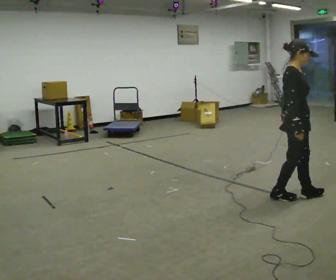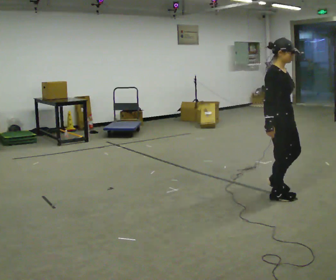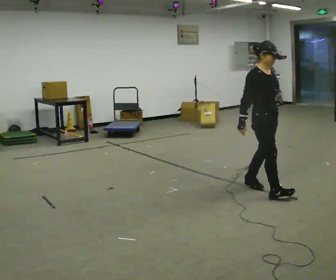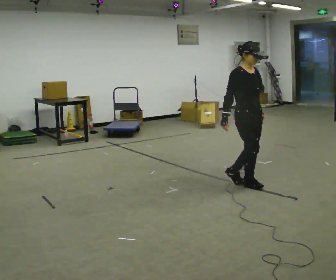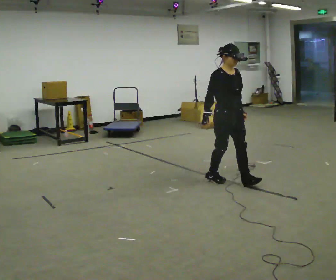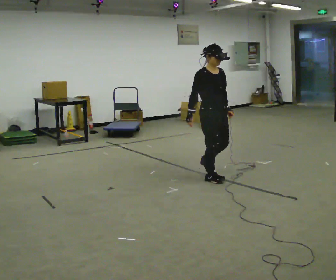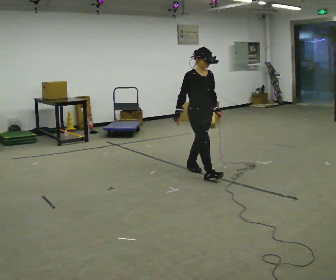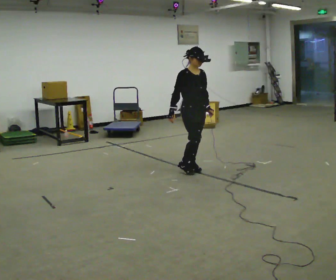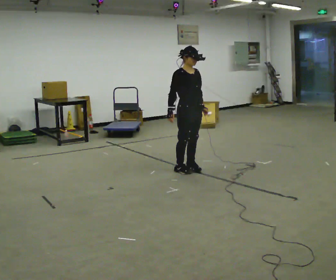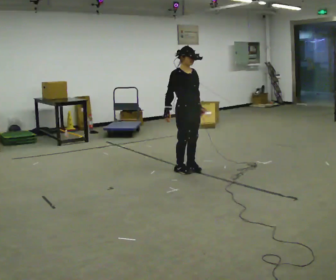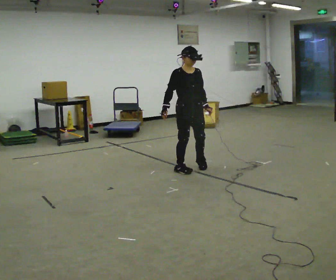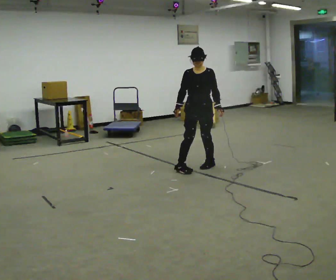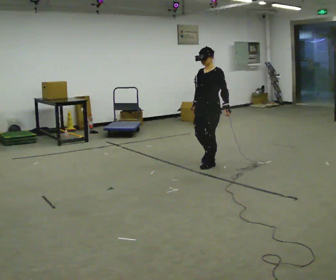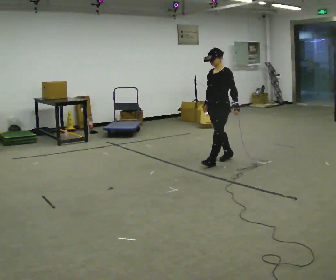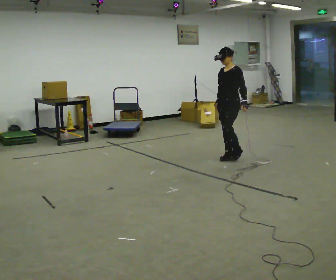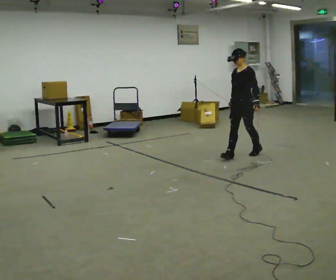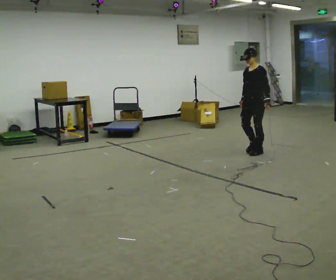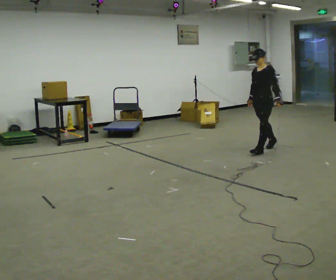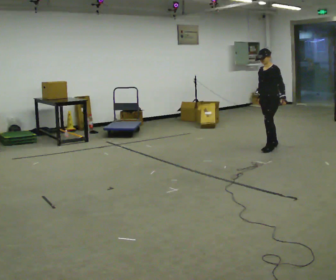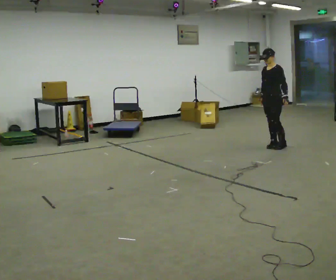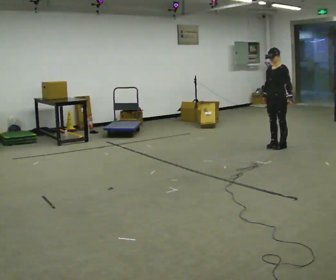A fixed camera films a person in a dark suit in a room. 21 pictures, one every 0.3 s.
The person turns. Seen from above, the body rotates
clockwise.
The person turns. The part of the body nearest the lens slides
to the left.
0.0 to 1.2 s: Seen from above the body turns clockwise, about 45 degrees: to their right, with its near side sliding to the left. In the picture they go away from the camera and to the left, about 1 m in 3 steps, which for them is backward.
1.2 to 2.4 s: In the picture they go away from the camera and to the left, about 0.75 m in 1 step, which for them is backward.
2.4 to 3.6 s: Seen from above the body turns clockwise, about 90 degrees: to their right, with its near side sliding to the left. In the picture they go to the right and away from the camera, about 0.25 m in 2 steps.
3.6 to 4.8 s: In the picture they go to the right and away from the camera, about 1 m in 2 steps, which for them is backward.
4.8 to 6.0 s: In the picture they go to the right and away from the camera, about 0.5 m in 1 step, which for them is backward.
The film runs backward here.
